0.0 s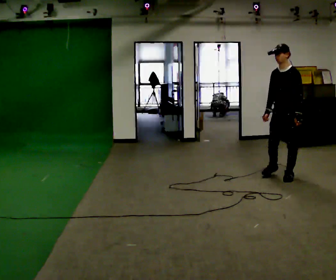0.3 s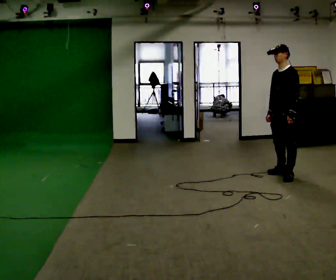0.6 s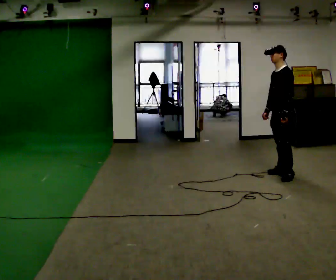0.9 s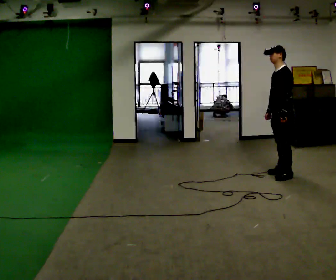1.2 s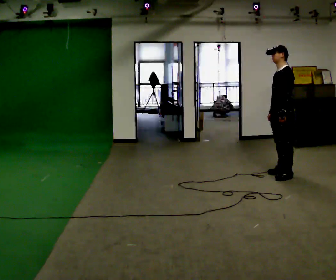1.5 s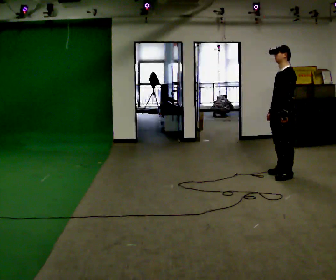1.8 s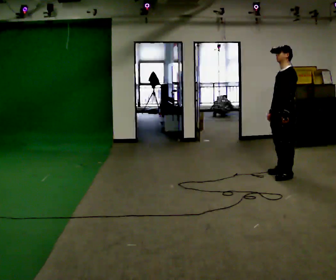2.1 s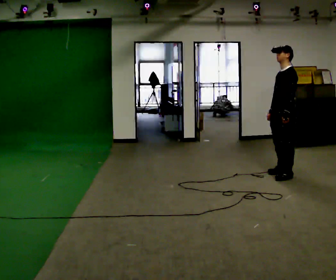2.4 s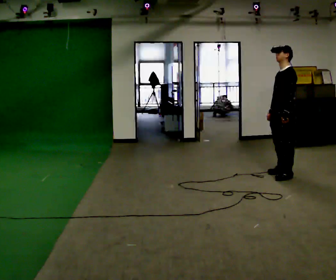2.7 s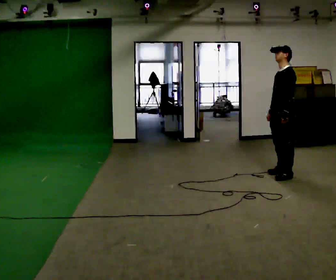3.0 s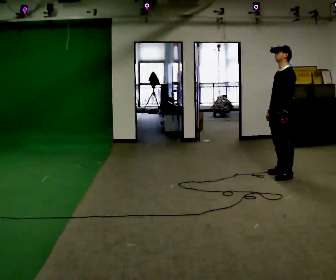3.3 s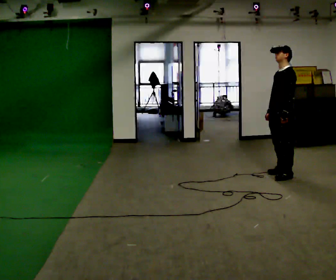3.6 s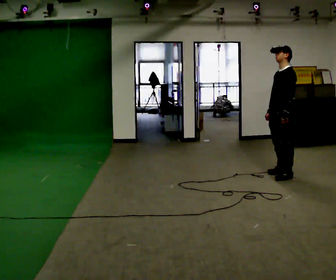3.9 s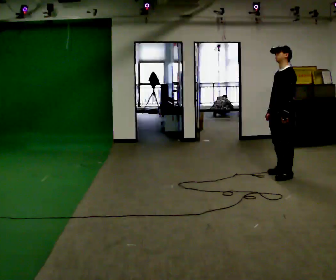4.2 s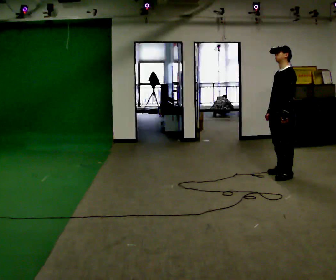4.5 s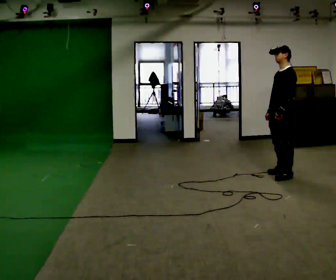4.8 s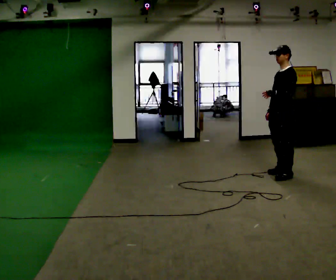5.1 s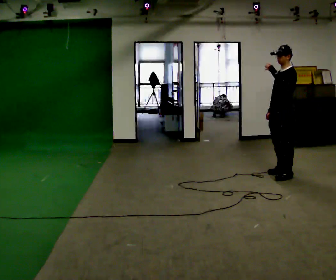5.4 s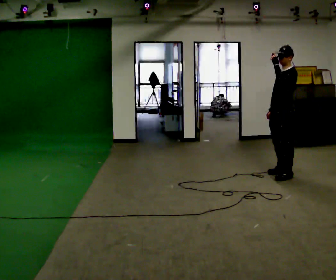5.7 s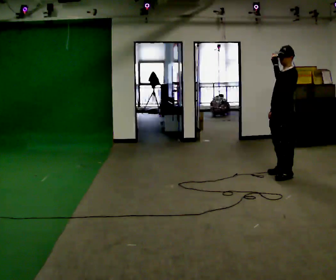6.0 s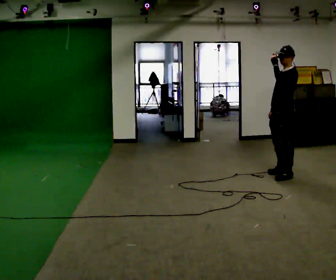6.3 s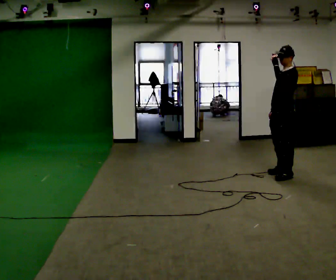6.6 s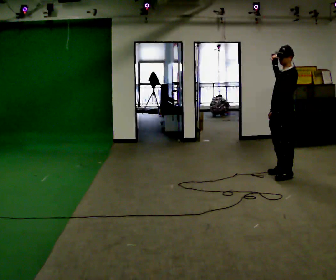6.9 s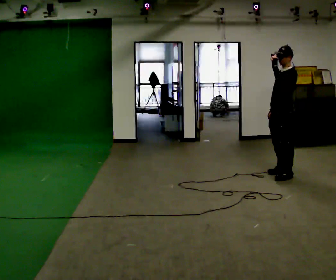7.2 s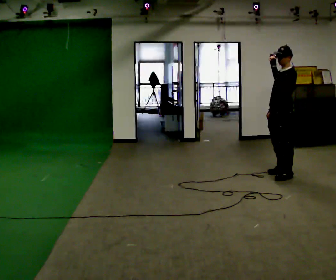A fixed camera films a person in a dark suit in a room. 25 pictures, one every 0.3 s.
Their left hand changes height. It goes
upward.
0.0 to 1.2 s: The person turns about 30 degrees to their right, clockwise seen from above, so the part of the body nearest the lens slides to the left.
1.2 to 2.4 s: The person moves a little, or ends about where they began.
2.4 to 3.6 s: The person keeps their place and pose.
3.6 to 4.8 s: The person moves a little, or ends about where they began.
4.8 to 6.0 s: In the picture their left hand goes upward.
6.0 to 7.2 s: The person moves a little, or ends about where they began.
The film runs forward here.
